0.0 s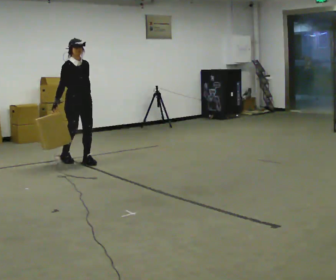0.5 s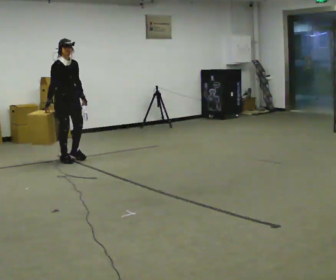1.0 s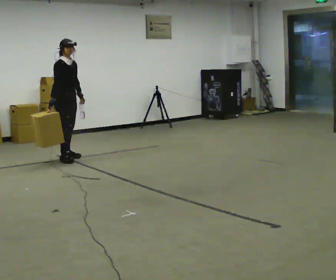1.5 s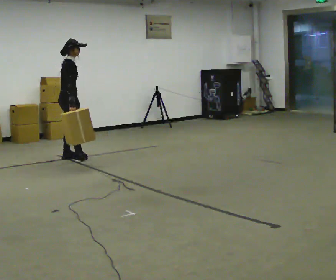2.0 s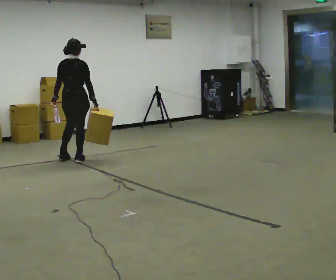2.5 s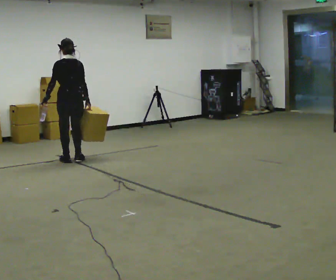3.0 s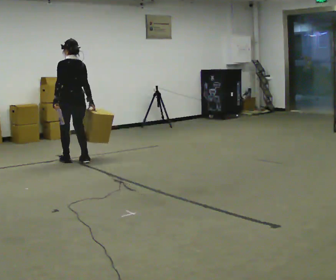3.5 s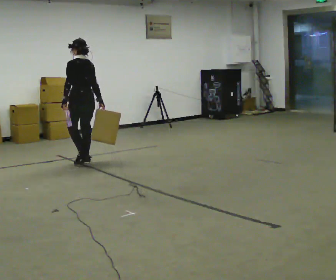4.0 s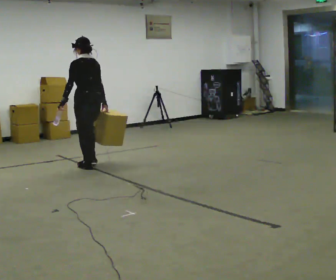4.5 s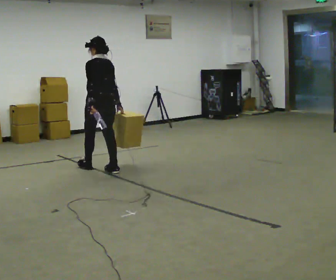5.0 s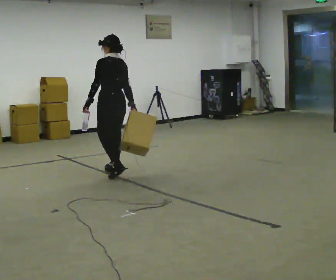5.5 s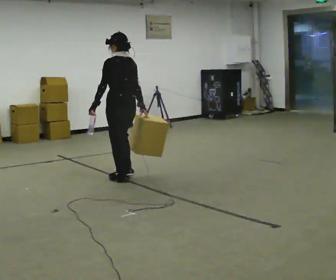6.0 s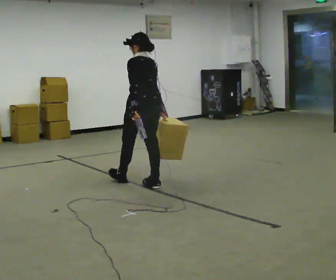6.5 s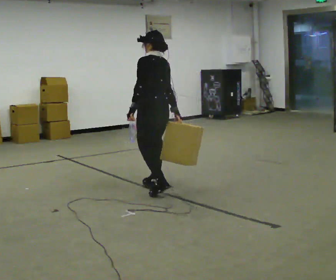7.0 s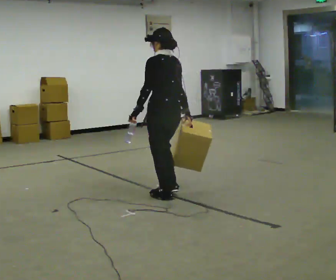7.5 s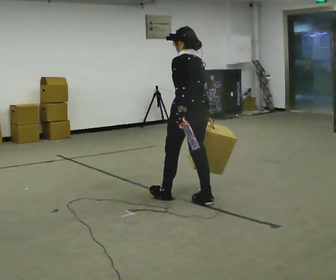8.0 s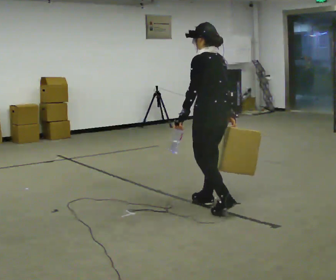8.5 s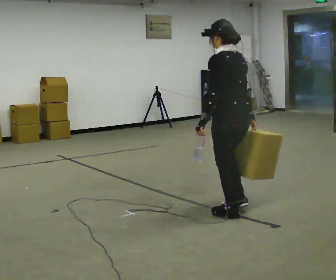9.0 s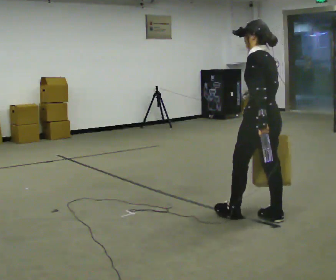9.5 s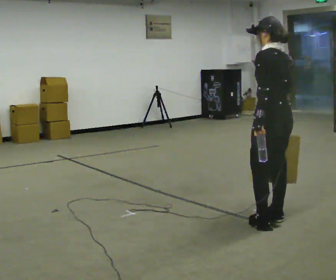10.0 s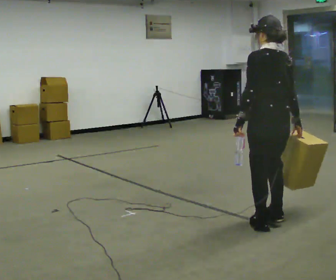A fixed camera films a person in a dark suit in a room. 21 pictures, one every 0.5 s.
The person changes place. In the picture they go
toward the camera.
0.0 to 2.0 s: Seen from above the body turns counterclockwise, about 120 degrees: to their left, with its near side sliding to the right. In the picture their right hand goes to the right, the arm swinging counterclockwise.
2.0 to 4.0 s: Seen from above the body turns counterclockwise, about 60 degrees: to their left, with its near side sliding to the right. In the picture they go toward the camera and to the right, about 0.5 m in 3 steps, which for them is backward.
4.0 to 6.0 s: In the picture they go toward the camera and to the right, about 1 m in 3 steps, which for them is backward.
6.0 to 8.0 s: In the picture they go toward the camera and to the right, about 1 m in 2 steps, which for them is backward.
8.0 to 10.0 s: The person turns about 30 degrees to their right, clockwise seen from above, so the part of the body nearest the lens slides to the left. In the picture they go toward the camera and to the right, about 0.75 m in 2 steps, which for them is backward.
The film runs backward here.
